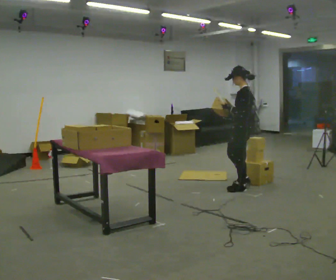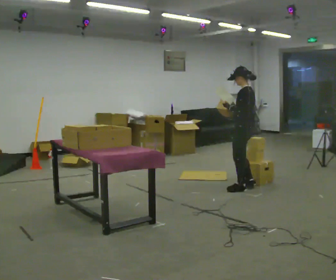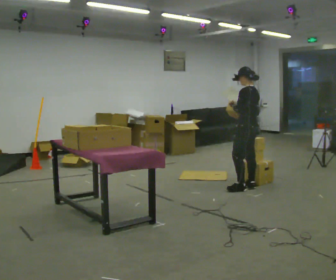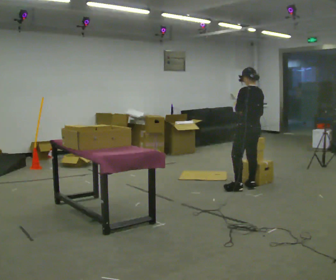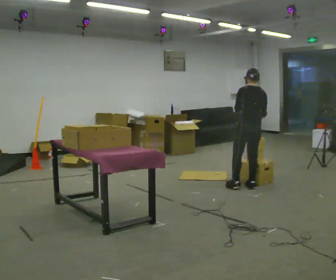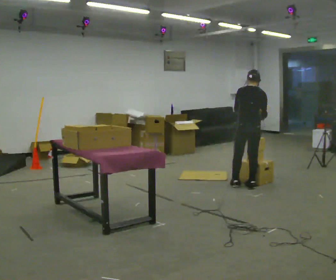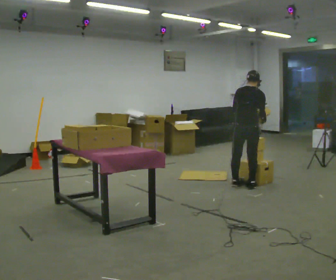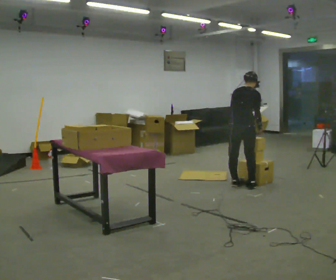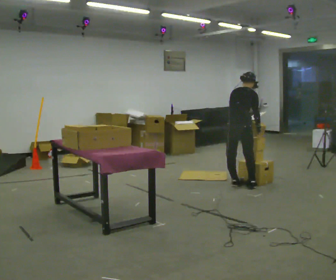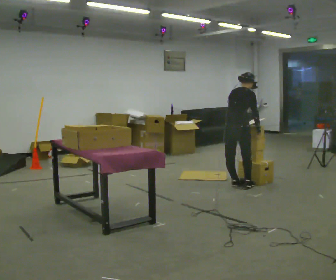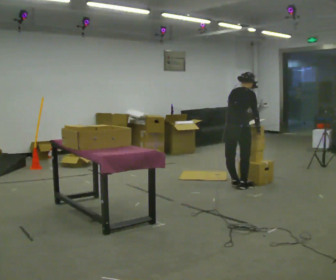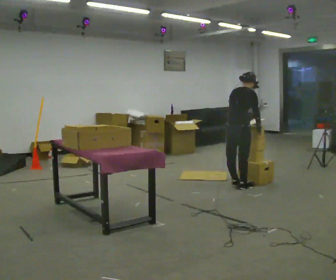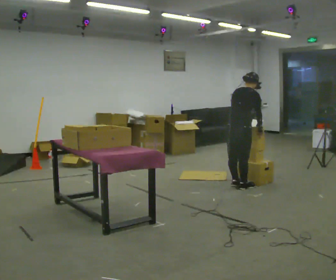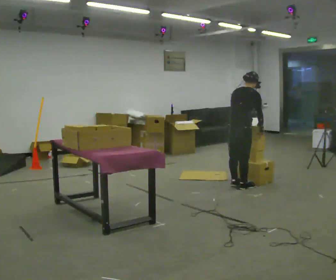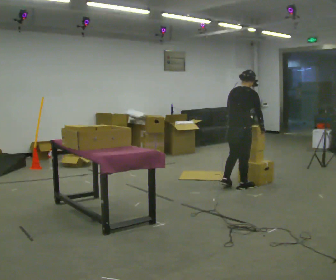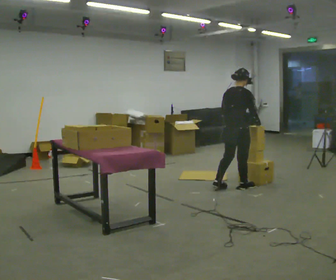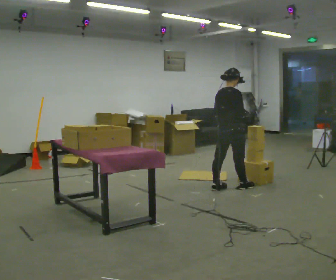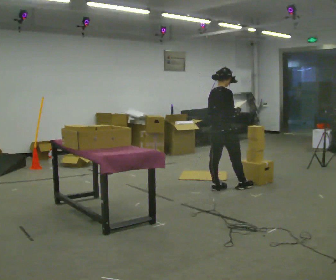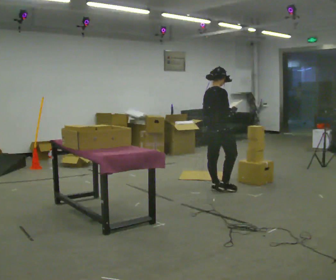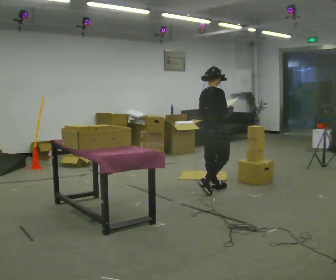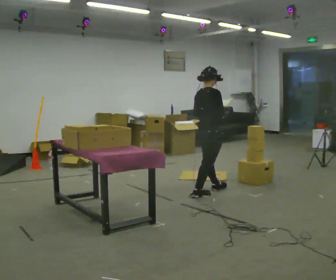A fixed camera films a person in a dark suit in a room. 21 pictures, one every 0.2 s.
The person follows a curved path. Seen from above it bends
counterclockwise.
The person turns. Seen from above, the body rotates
clockwise.
0.0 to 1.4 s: The person turns about 105 degrees to their right, clockwise seen from above, so the part of the body nearest the lens slides to the left. In the picture they go away from the camera, about 0.25 m in 1 step. In the picture their right hand goes to the right.
1.4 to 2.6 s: The person moves a little, or ends about where they began.
2.6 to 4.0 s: Seen from above the body turns clockwise, about 30 degrees: to their right, with its near side sliding to the left. In the picture they go to the left and toward the camera, about 0.5 m in 2 steps, which for them is backward. The upper body tips toward the camera, its near side rolling downward, as they lean back or straighten.
The film runs backward here.
